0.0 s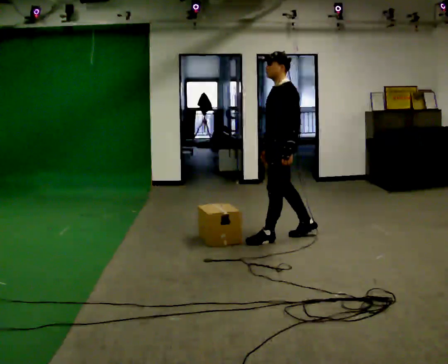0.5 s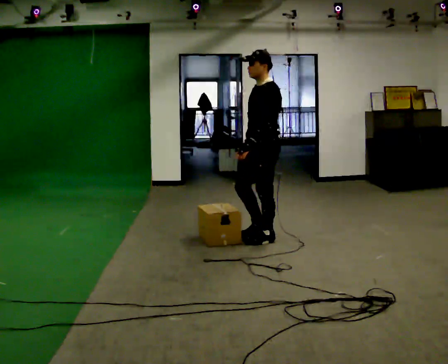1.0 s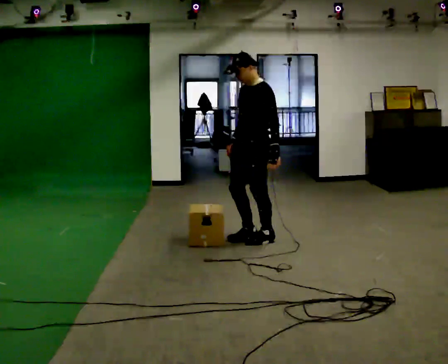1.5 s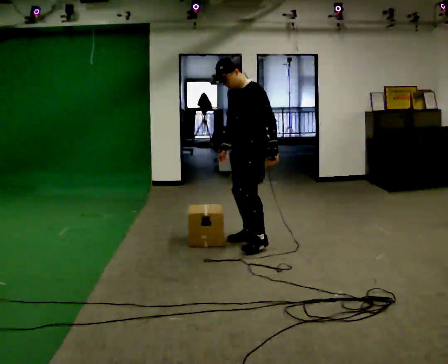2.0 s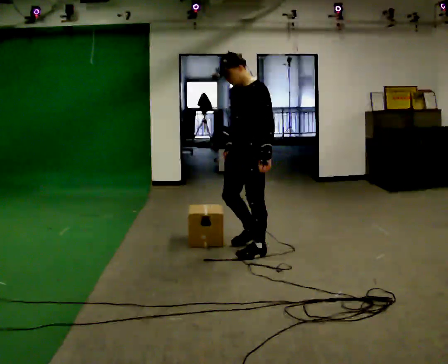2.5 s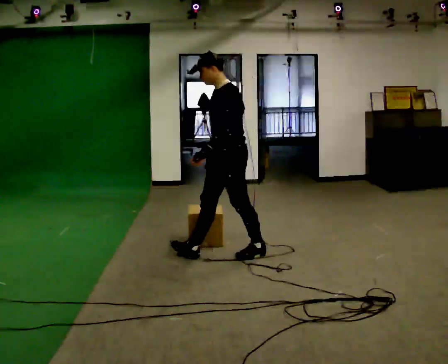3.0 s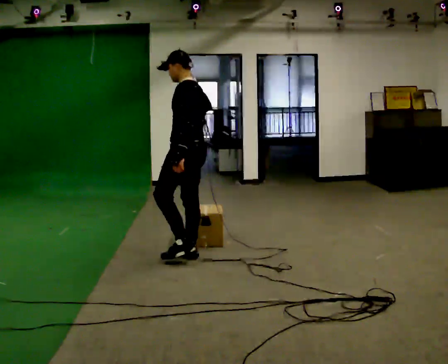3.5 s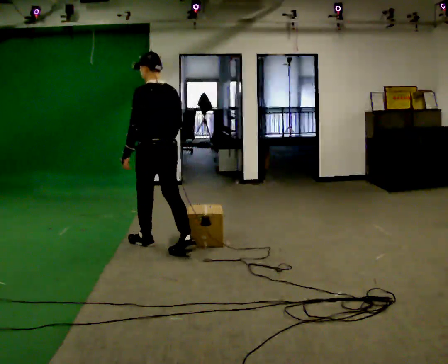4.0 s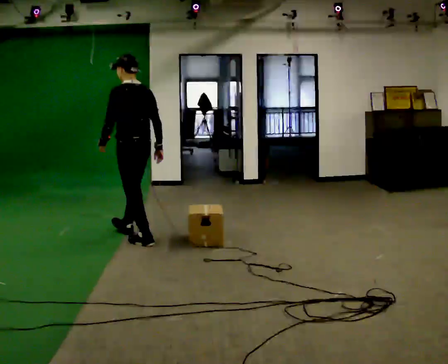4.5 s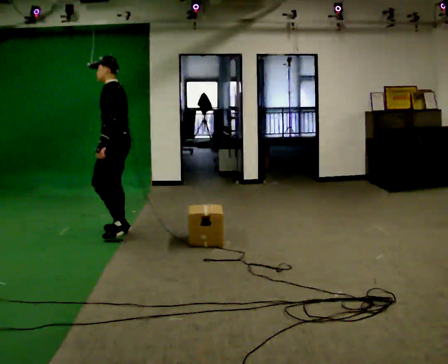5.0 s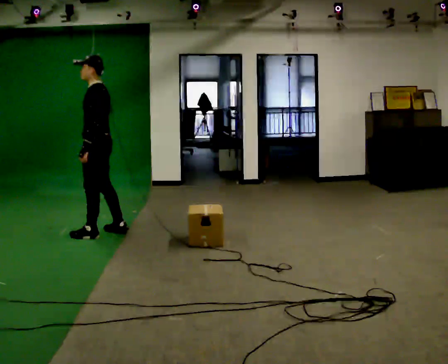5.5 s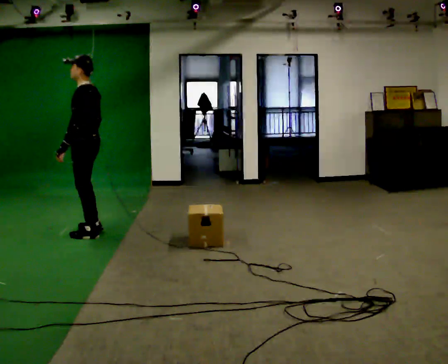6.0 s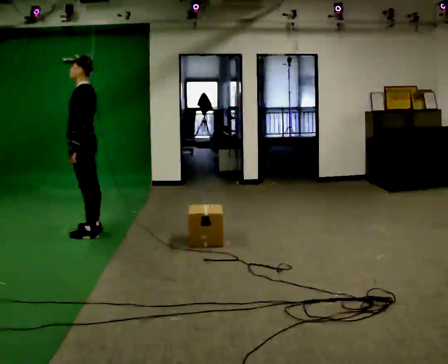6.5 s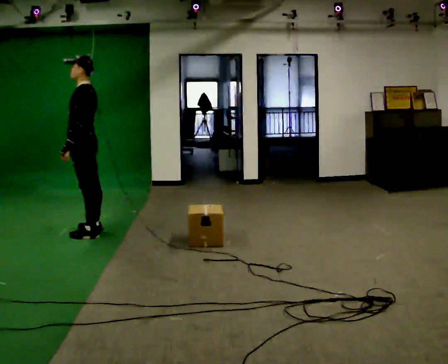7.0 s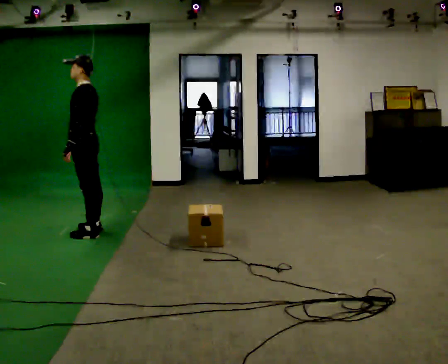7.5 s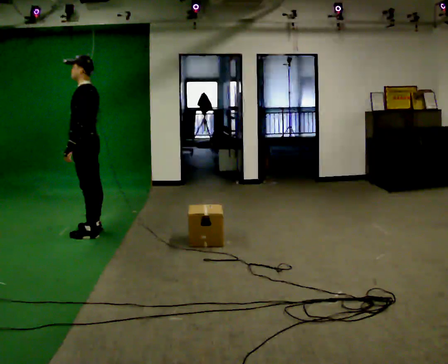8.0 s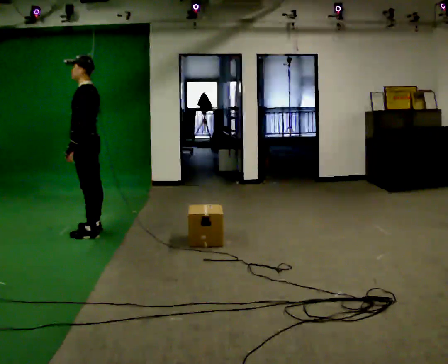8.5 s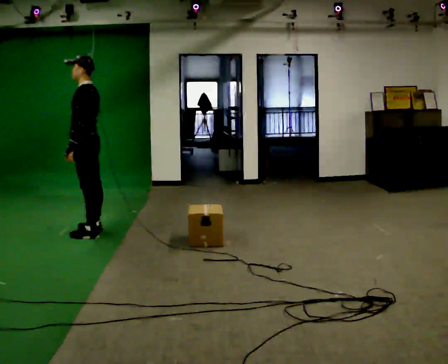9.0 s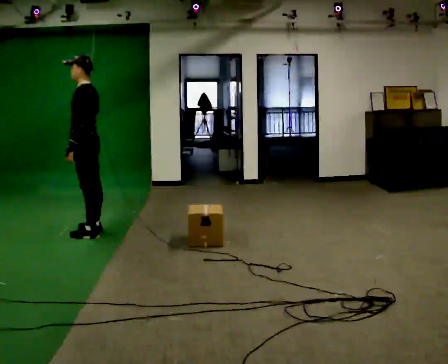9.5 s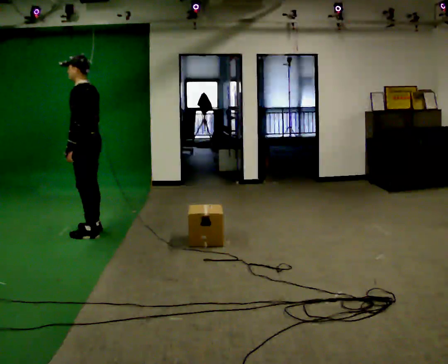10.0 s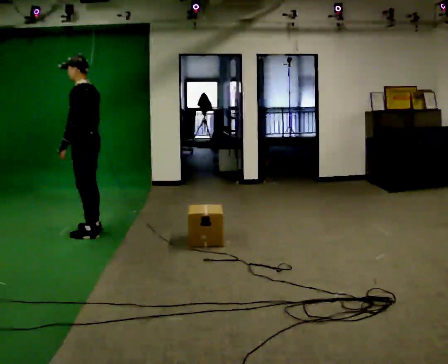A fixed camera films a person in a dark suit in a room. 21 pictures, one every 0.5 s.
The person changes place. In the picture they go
to the left.
0.0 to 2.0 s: In the picture they go to the left and toward the camera, about 0.5 m in 2 steps, which for them is forward and to their left.
2.0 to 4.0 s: The part of the body nearest the lens slides to the left as the person turns to their right by about 60 degrees. In the picture they go to the left and away from the camera, about 1 m in 2 steps.
4.0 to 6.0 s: The person turns about 30 degrees to their left, counterclockwise seen from above, so the part of the body nearest the lens slides to the right. In the picture they go to the left and away from the camera, about 0.5 m in 3 steps, which for them is forward.
6.0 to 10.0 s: The person moves a little, or ends about where they began.
The film runs forward here.
